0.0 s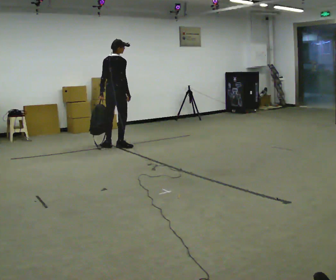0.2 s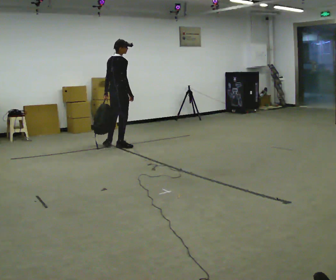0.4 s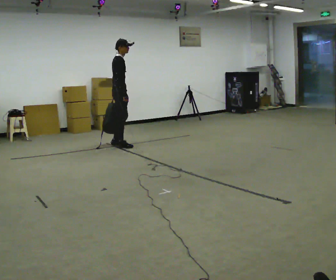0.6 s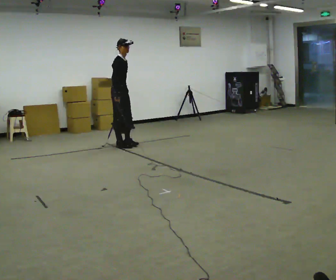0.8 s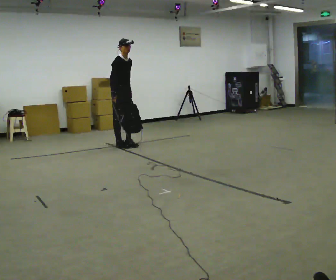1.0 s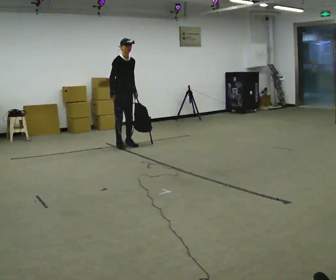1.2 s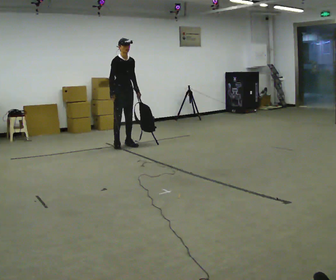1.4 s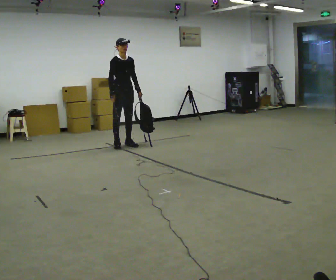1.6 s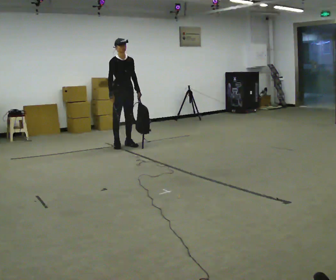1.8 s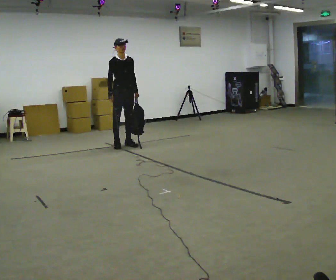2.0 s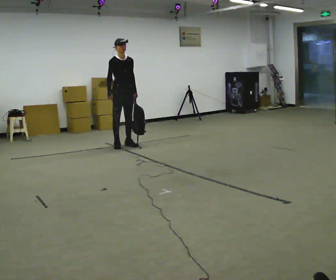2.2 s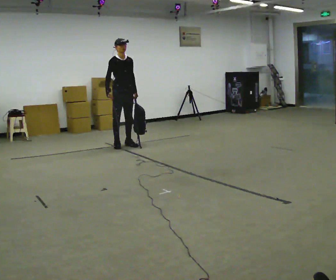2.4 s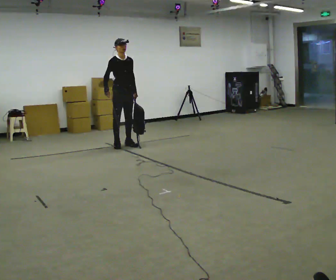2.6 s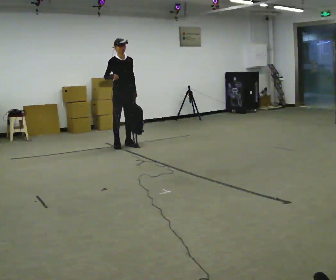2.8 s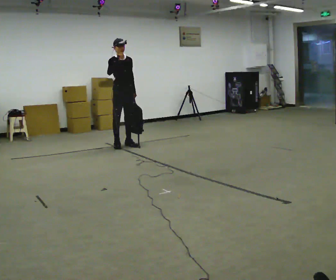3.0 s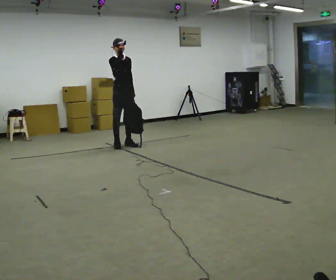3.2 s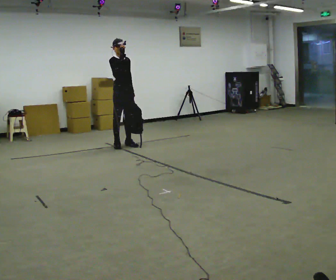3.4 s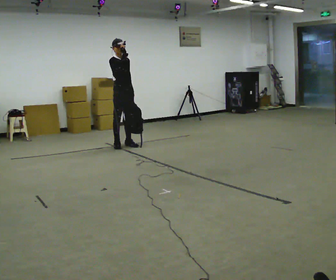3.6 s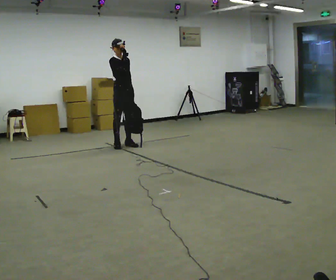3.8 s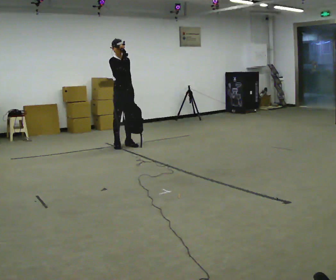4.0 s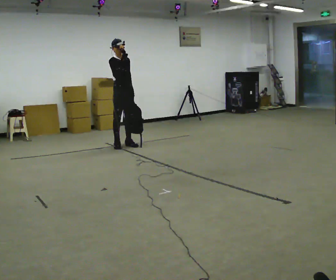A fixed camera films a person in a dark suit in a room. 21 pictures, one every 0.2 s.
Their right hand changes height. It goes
upward.
0.0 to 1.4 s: The part of the body nearest the lens slides to the left as the person turns to their right by about 120 degrees. In the picture their left hand goes to the right, the arm swinging counterclockwise.
1.4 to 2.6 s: In the picture their right hand goes upward.
2.6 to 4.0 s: The person moves a little, or ends about where they began.
The film runs forward here.
